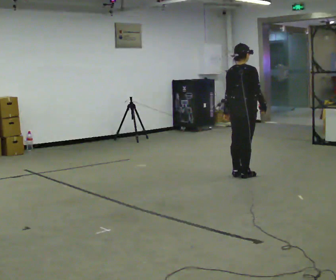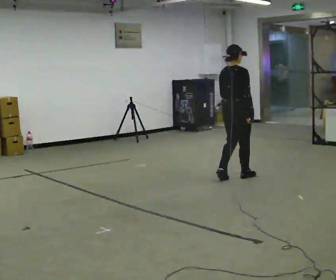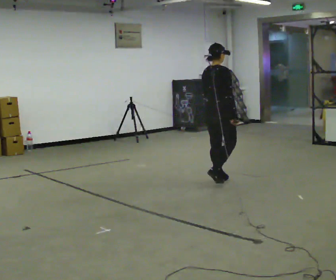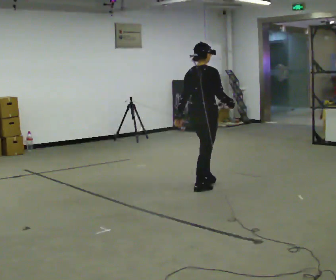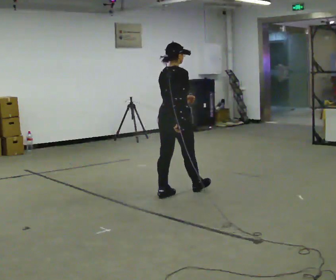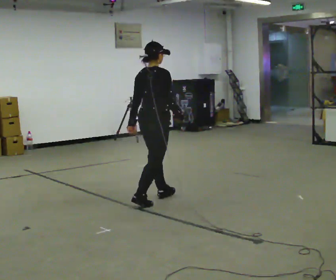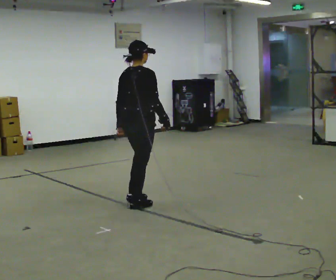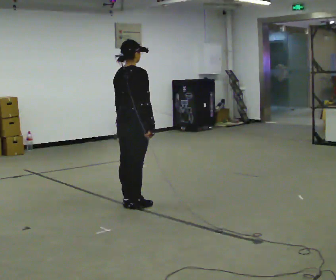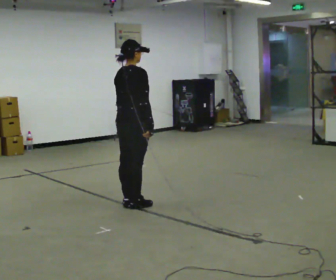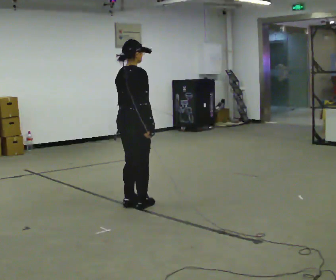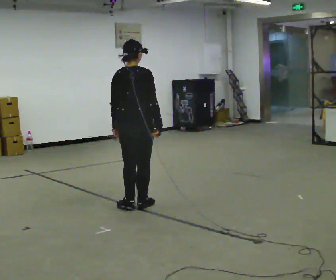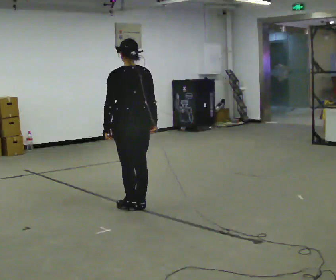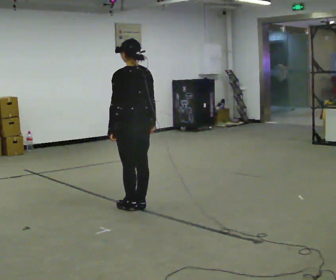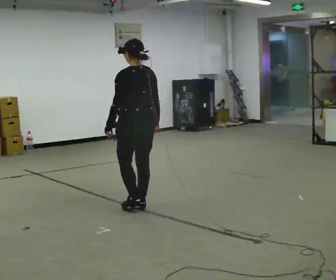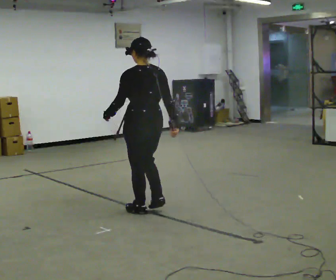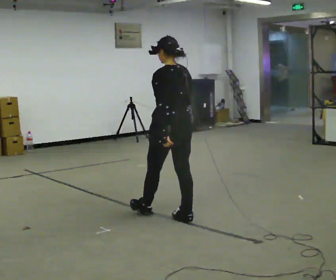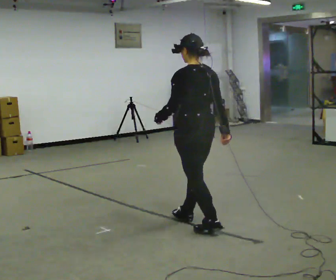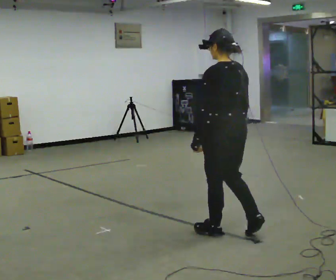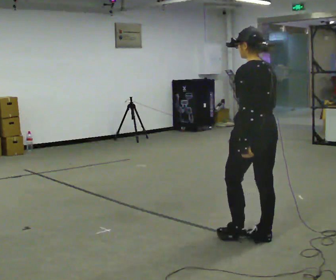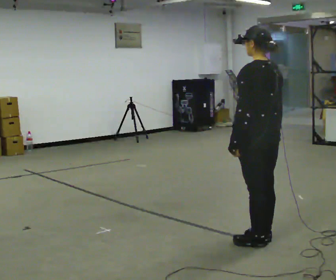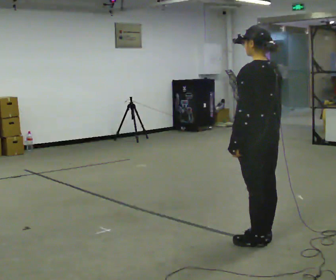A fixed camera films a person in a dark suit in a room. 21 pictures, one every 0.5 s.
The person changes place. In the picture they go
toward the camera.
0.0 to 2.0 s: In the picture they go to the left and toward the camera, about 1 m in 4 steps, which for them is backward.
2.0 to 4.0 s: In the picture they go to the left and toward the camera, about 0.5 m in 1 step, which for them is backward.
4.0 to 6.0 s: The part of the body nearest the lens slides to the right as the person turns to their left by about 90 degrees.
6.0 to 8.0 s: In the picture they go toward the camera and to the right, about 1 m in 3 steps, which for them is backward.
8.0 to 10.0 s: In the picture they go toward the camera and to the right, about 0.75 m in 2 steps, which for them is backward.
The film runs backward here.
